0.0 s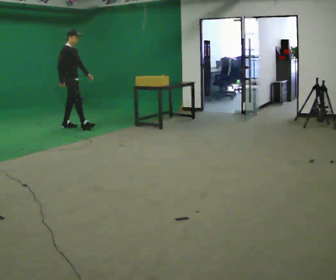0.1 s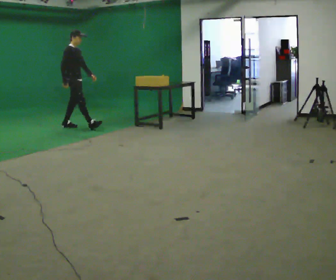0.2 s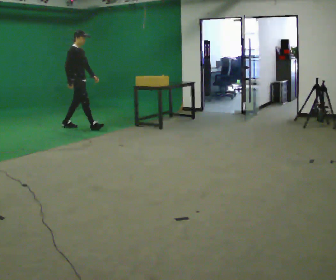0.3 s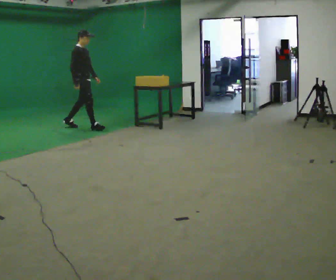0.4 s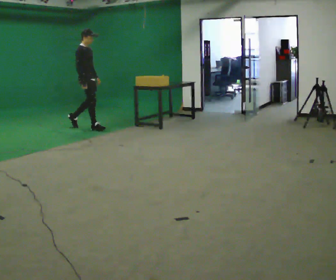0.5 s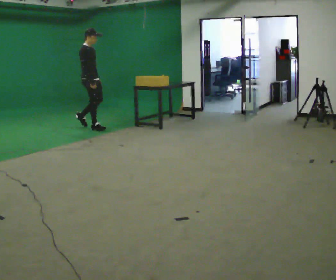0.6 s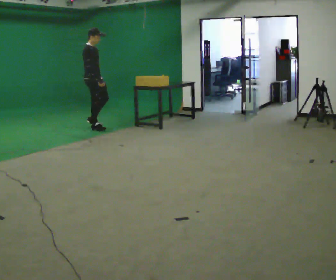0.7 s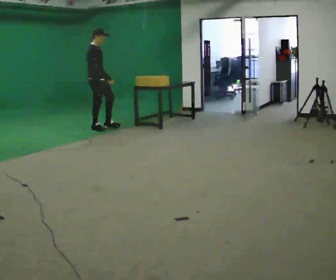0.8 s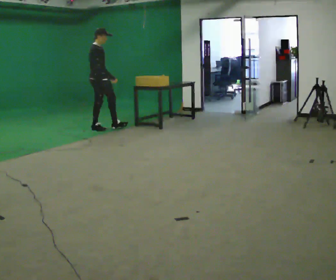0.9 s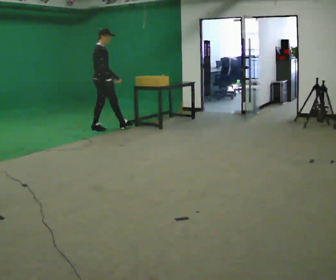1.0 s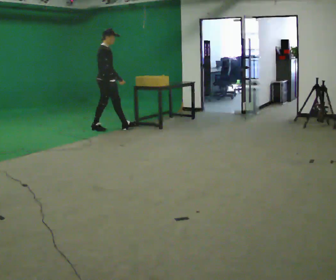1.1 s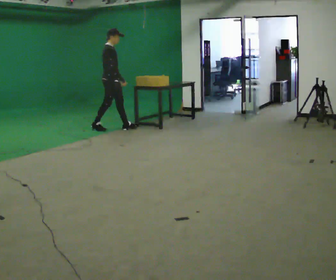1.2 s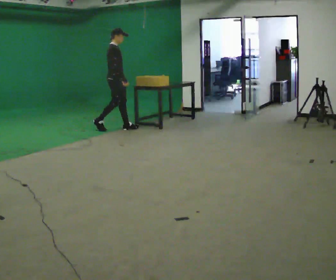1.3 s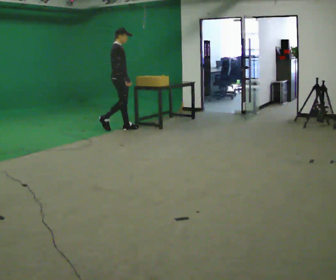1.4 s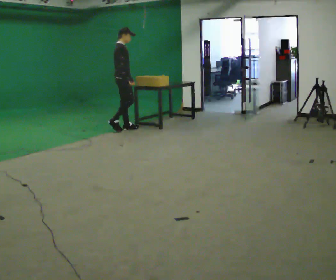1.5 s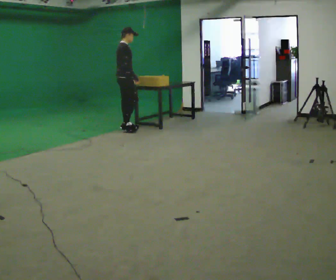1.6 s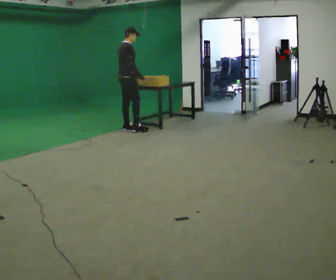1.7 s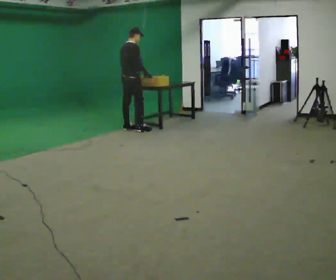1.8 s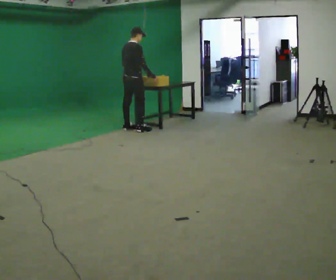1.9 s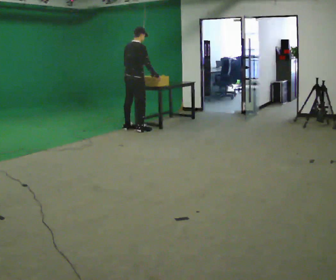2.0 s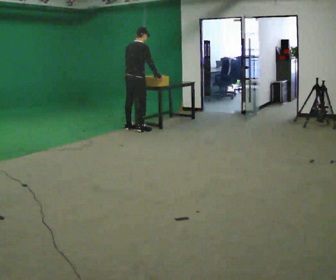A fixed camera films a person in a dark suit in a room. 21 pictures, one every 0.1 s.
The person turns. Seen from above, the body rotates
counterclockwise.
The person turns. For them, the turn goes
to their left.
0.0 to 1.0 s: In the picture they go to the right, about 0.75 m in 2 steps, which for them is forward.
1.0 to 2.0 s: The part of the body nearest the lens slides to the right as the person turns to their left by about 60 degrees. In the picture they go to the right, about 0.5 m in 1 step, which for them is forward and to their right.
The film runs forward here.
